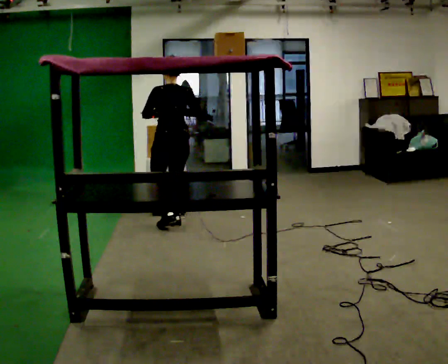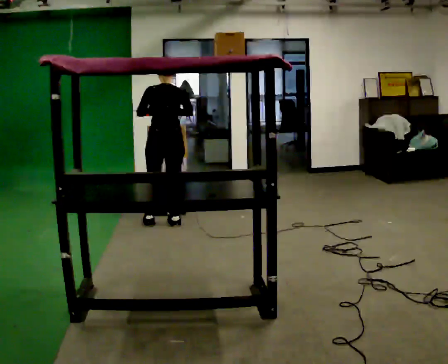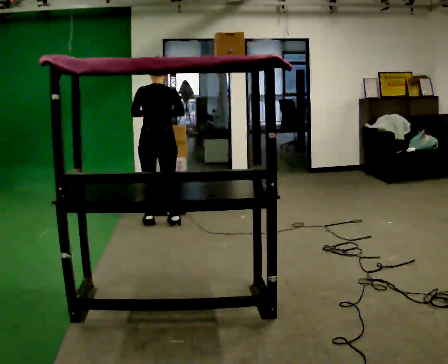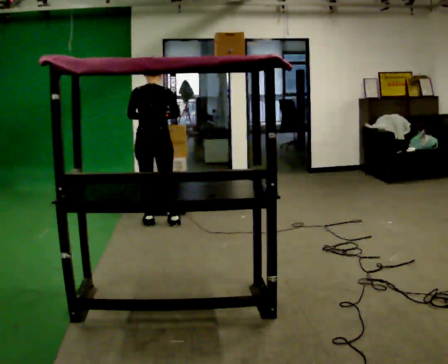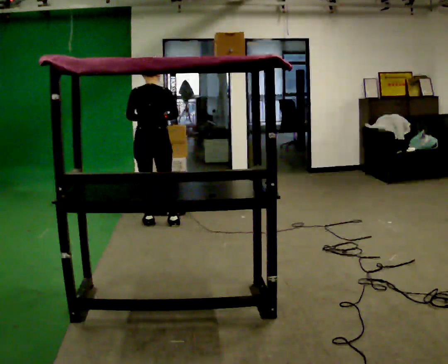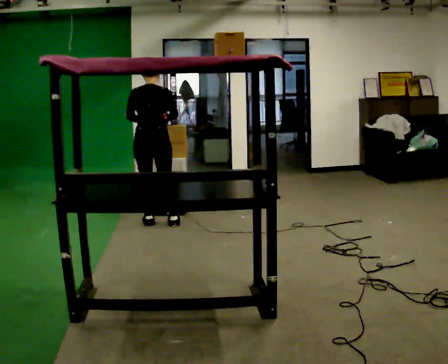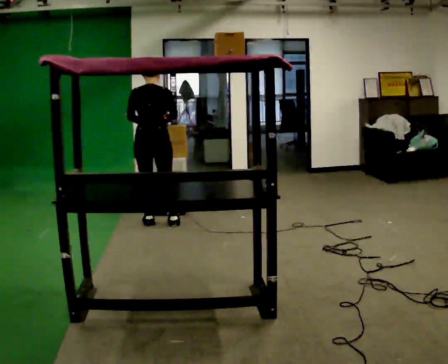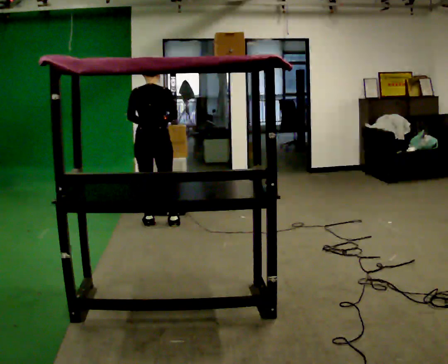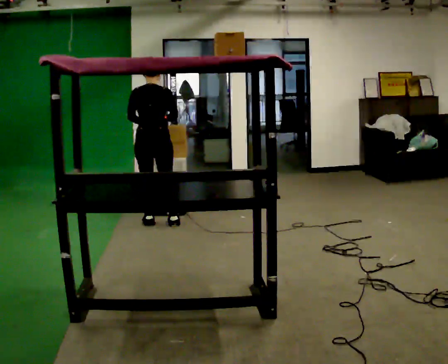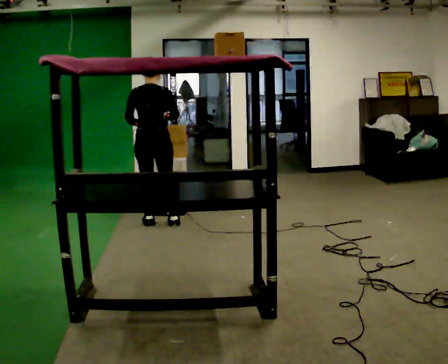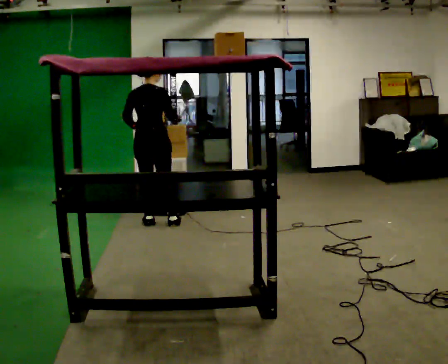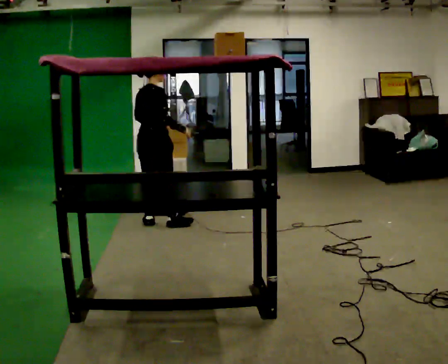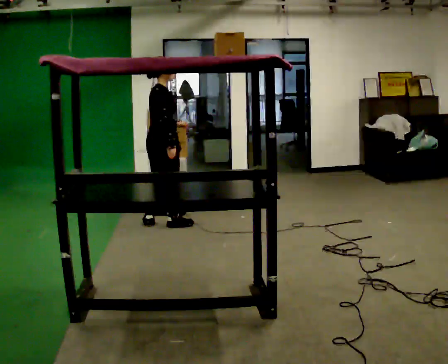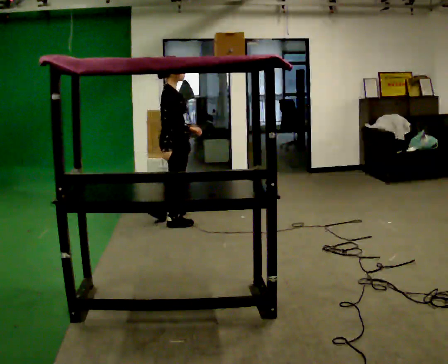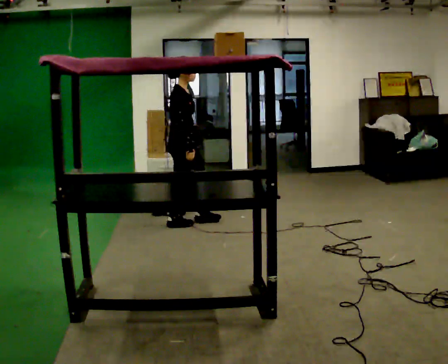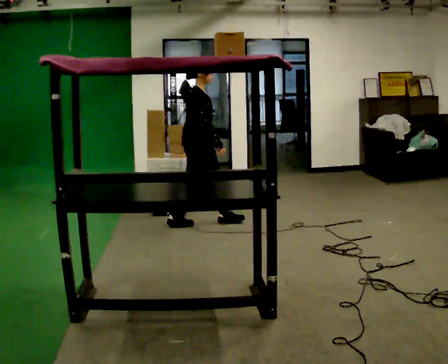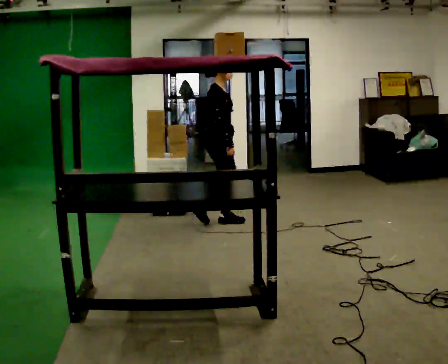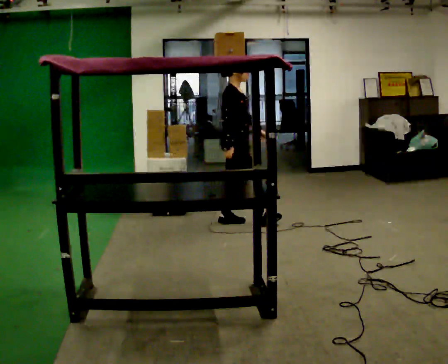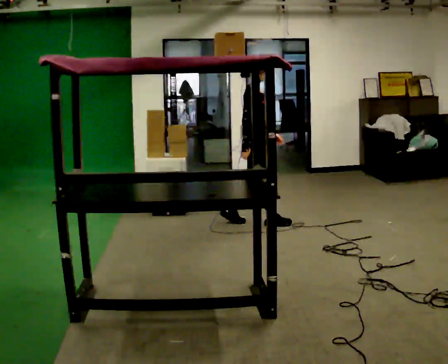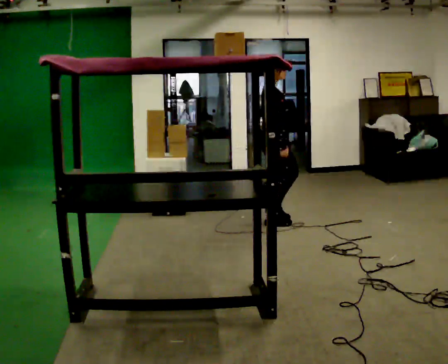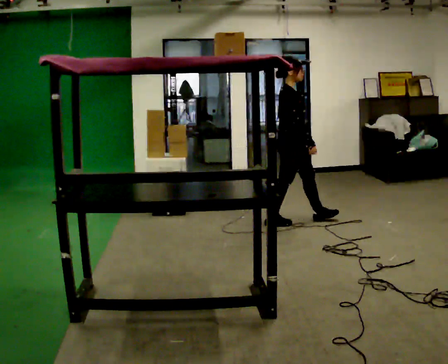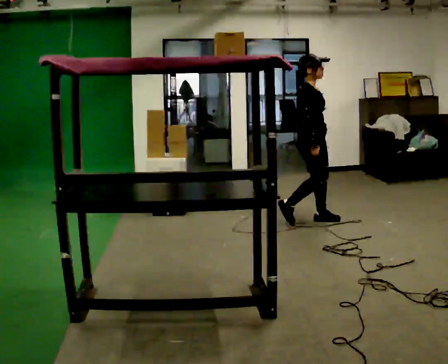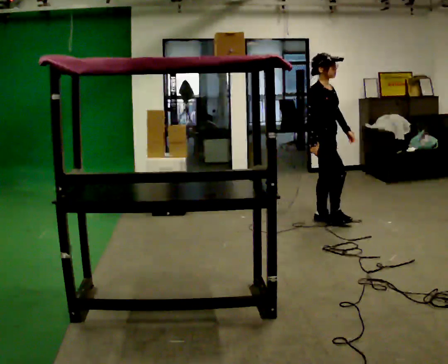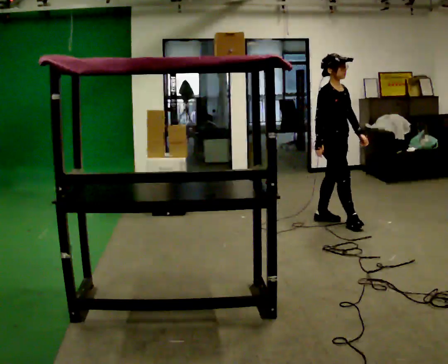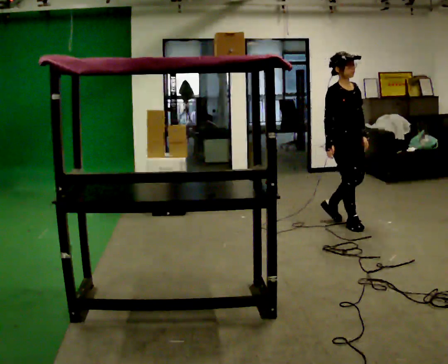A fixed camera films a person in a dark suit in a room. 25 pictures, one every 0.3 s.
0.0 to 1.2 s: The person turns about 30 degrees to their right, clockwise seen from above, so the part of the body nearest the lens slides to the left. In the picture they go to the left, about 0.25 m in 1 step, which for them is to their left.
1.2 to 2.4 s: The person moves a little, or ends about where they began.
2.4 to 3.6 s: The part of the body nearest the lens slides to the left as the person turns to their right by about 60 degrees.
3.6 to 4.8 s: The part of the body nearest the lens slides to the left as the person turns to their right by about 30 degrees. In the picture they go to the right, about 0.5 m in 1 step, which for them is forward.
4.8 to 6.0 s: In the picture they go to the right, about 0.75 m in 2 steps, which for them is forward.
6.0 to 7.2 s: The person turns about 45 degrees to their right, clockwise seen from above, so the part of the body nearest the lens slides to the left. In the picture they go to the right and toward the camera, about 0.5 m in 1 step, which for them is forward.
The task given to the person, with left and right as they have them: Take an object from the waist-height shelf, carry it across the room, and place it on the highest shelf you can comfortably reach. Keep going until the operator says stop; one object at a time, and do not rush between trips.
The film runs forward here.
